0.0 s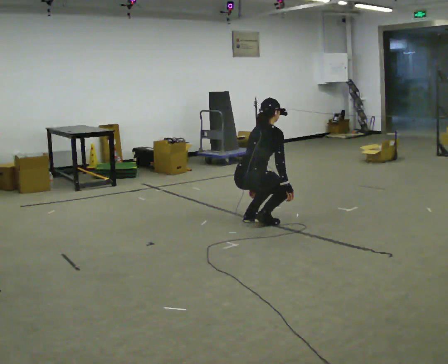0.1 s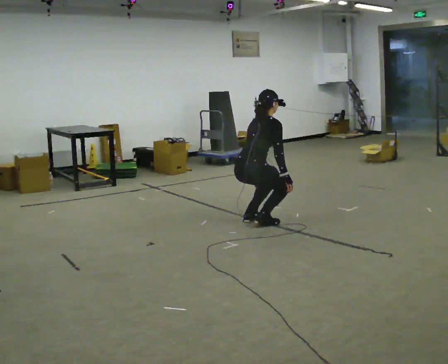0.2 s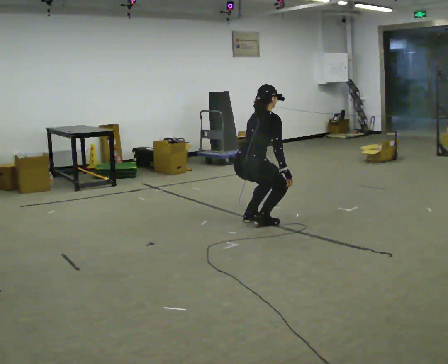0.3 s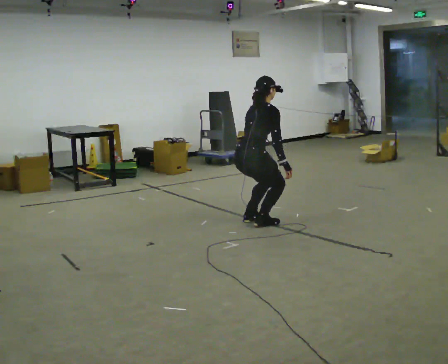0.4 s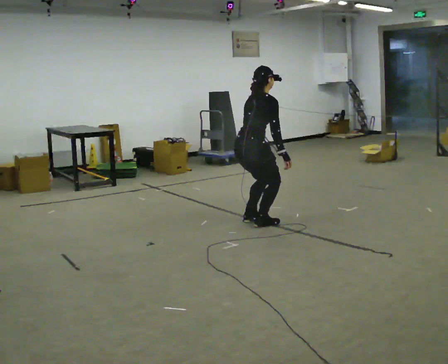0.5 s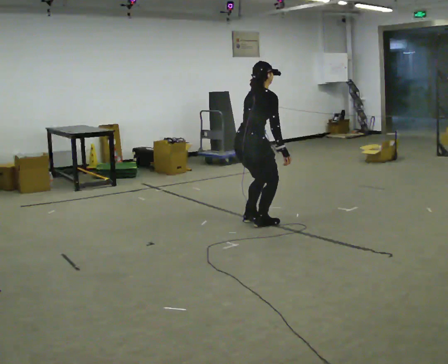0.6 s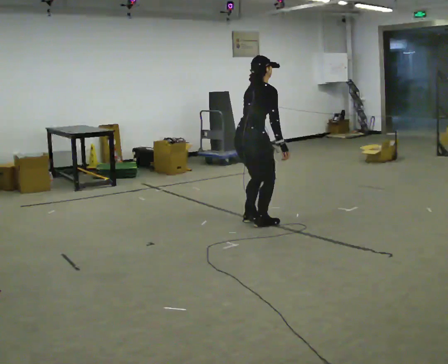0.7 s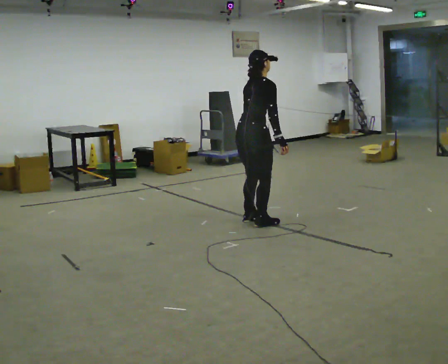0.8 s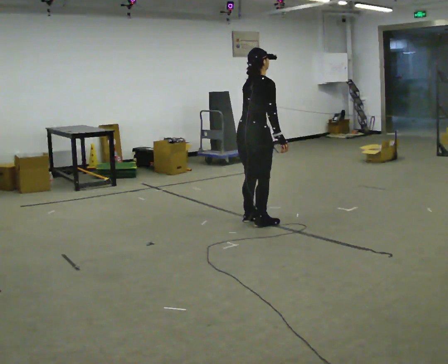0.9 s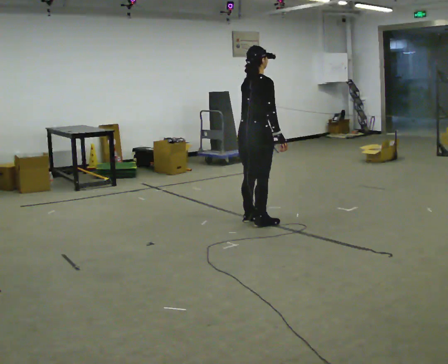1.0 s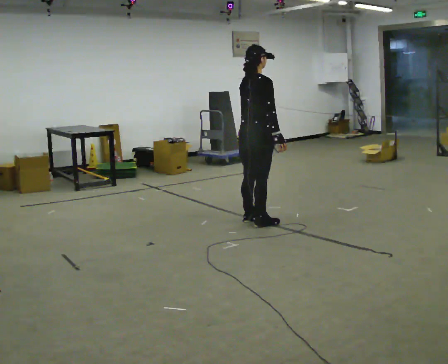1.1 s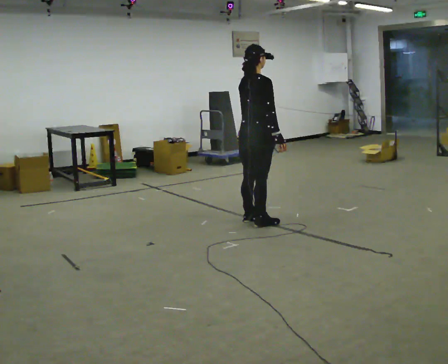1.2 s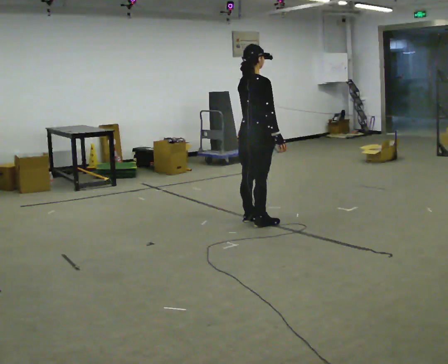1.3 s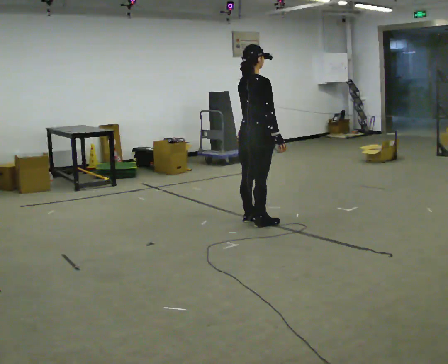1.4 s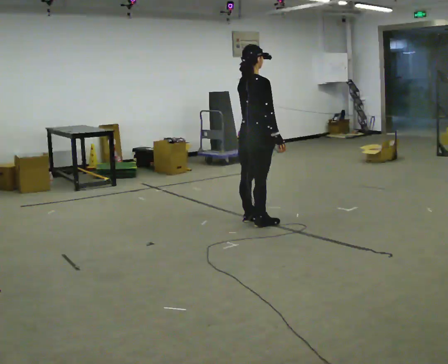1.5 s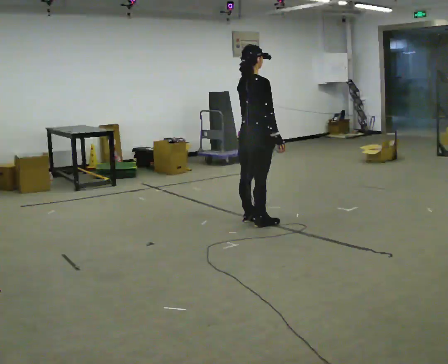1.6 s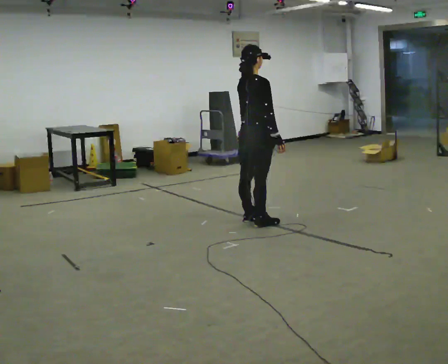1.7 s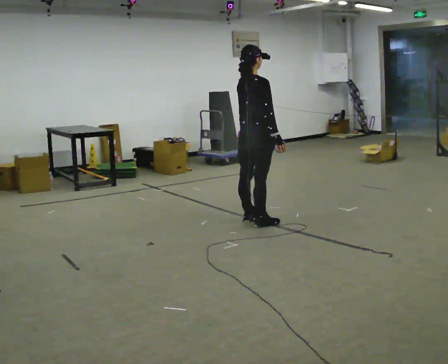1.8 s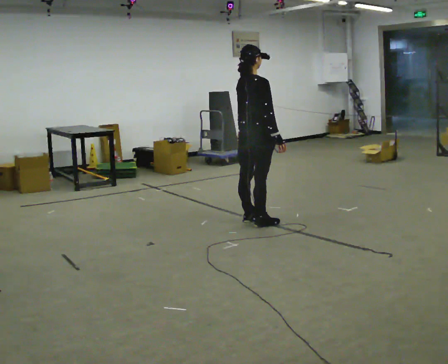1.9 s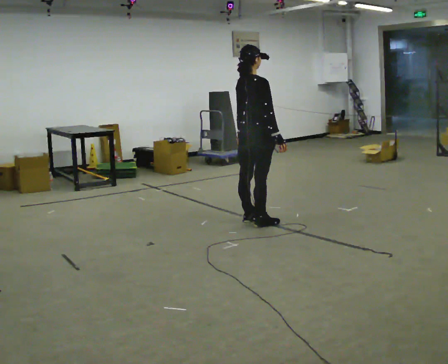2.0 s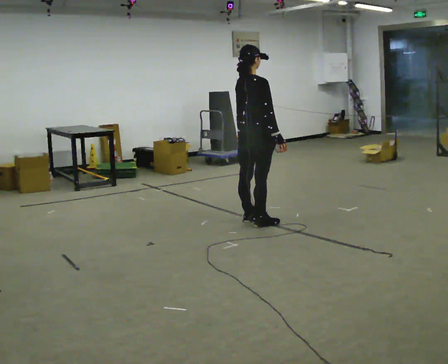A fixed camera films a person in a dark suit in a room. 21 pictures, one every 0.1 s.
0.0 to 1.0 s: The upper body goes upward. The upper body tips toward the camera, its near side rolling downward, as they lean back or straighten. In the picture their right hand goes upward.
1.0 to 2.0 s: The person moves a little, or ends about where they began.
The film runs backward here.
